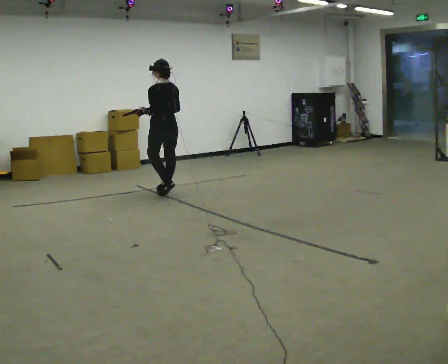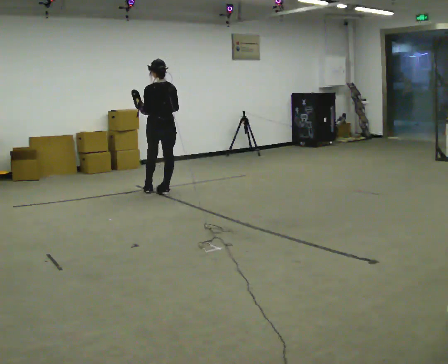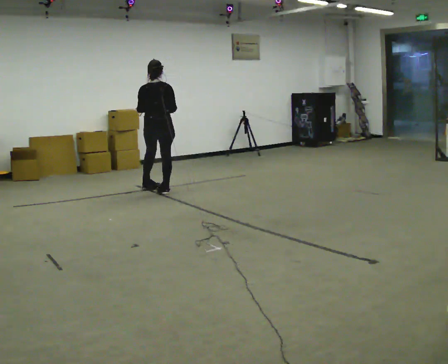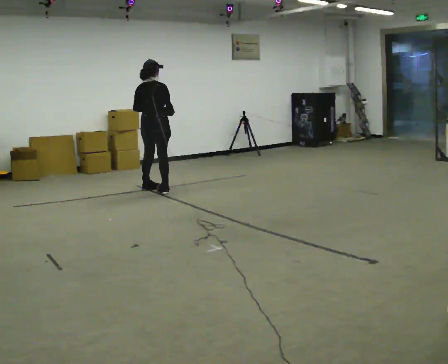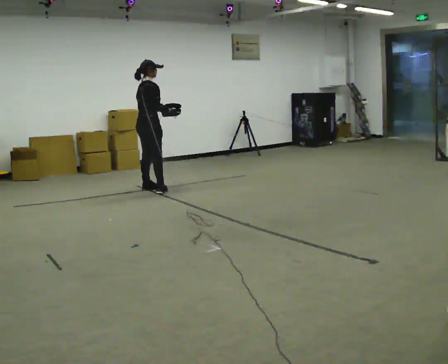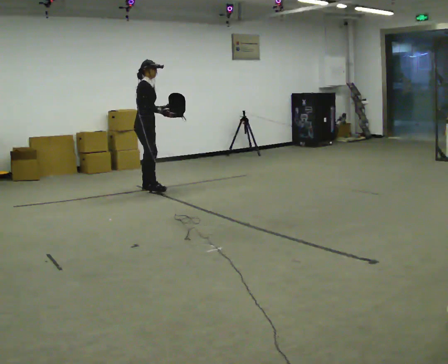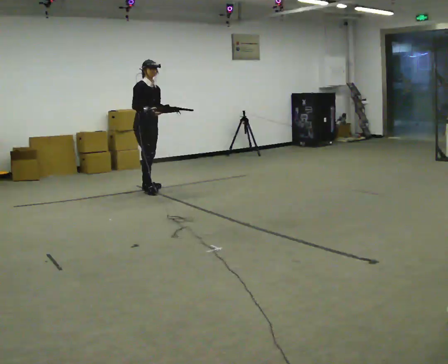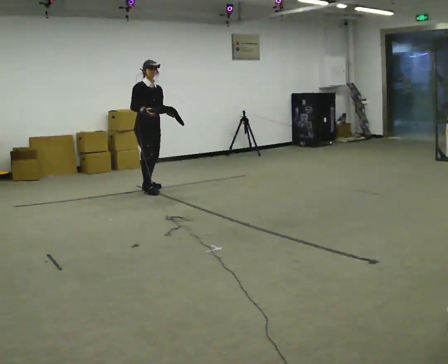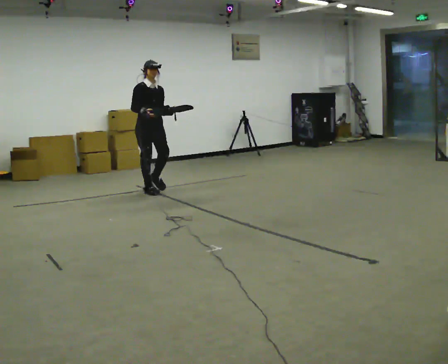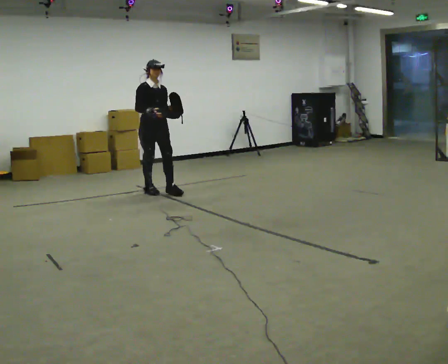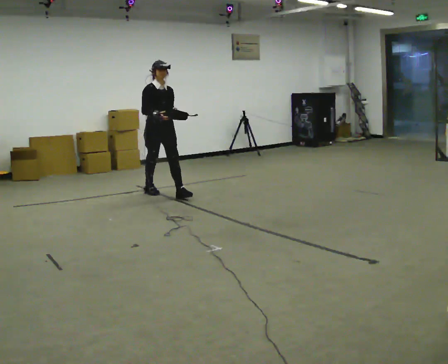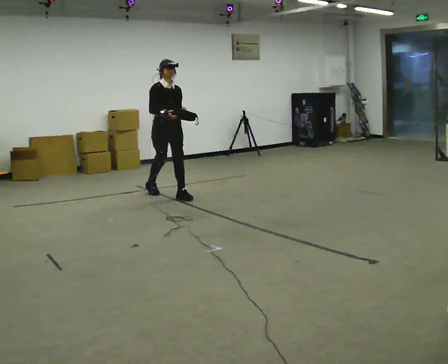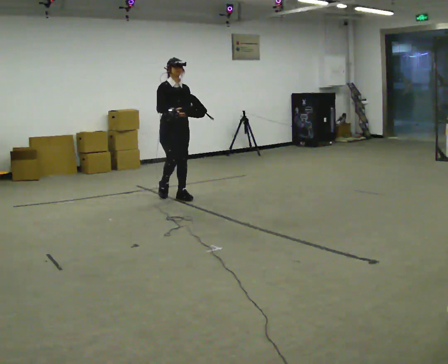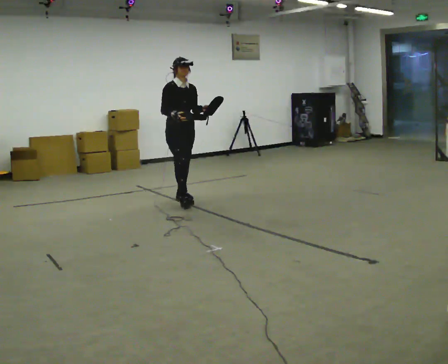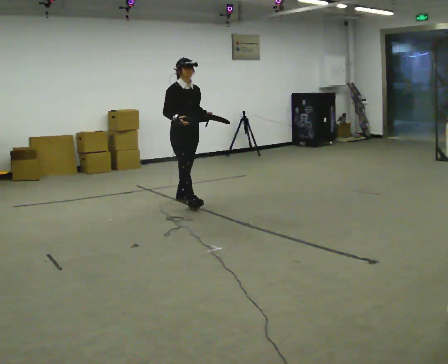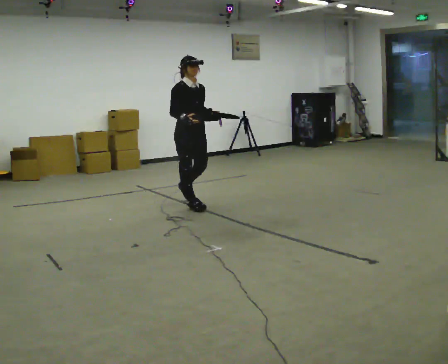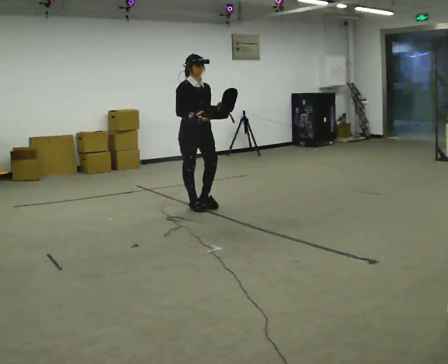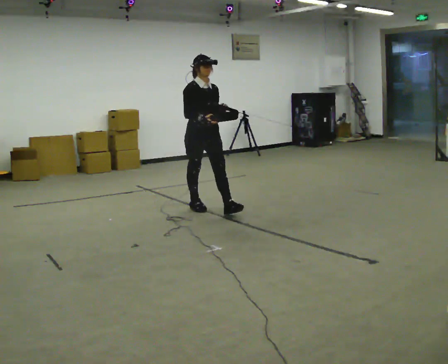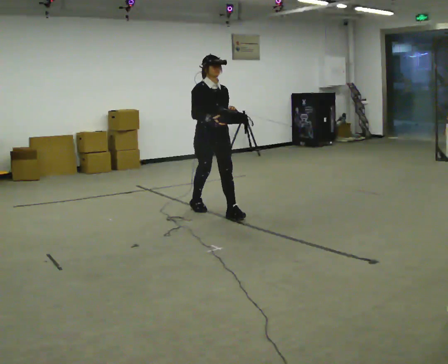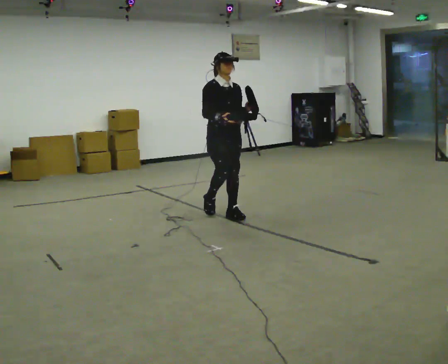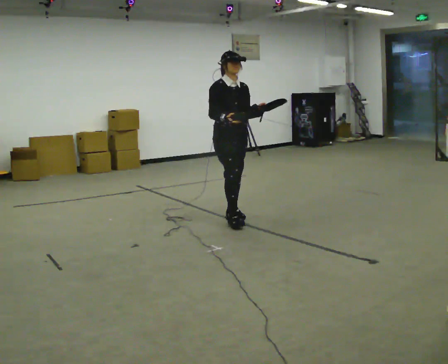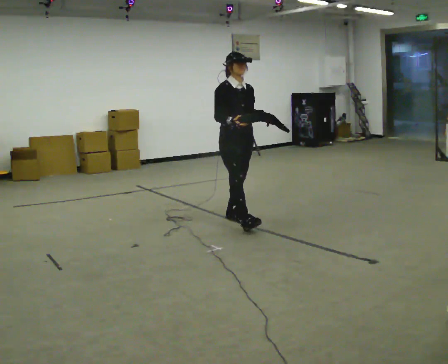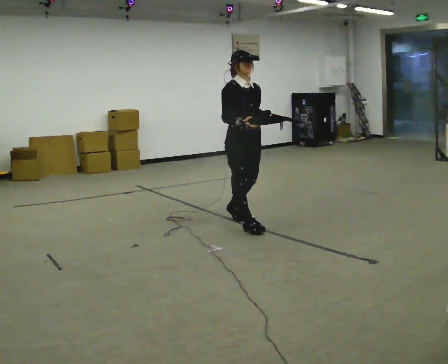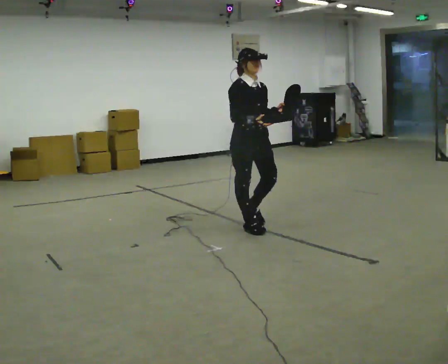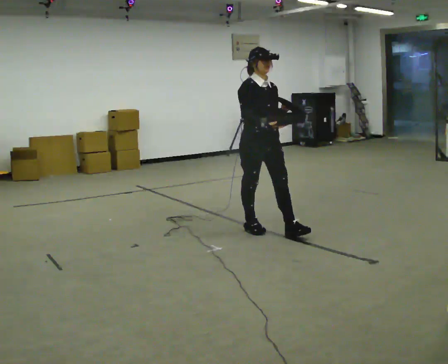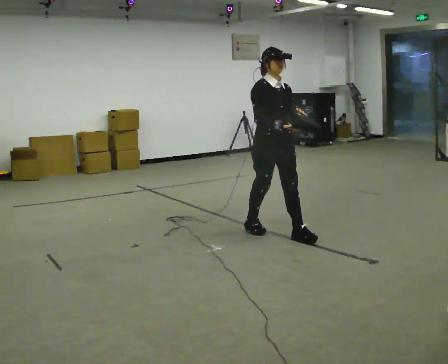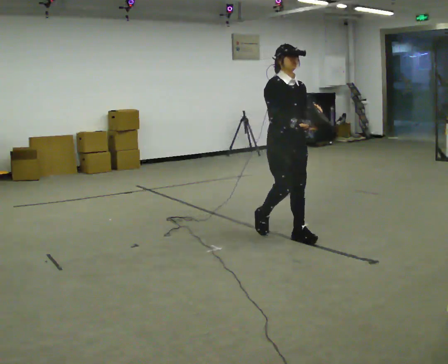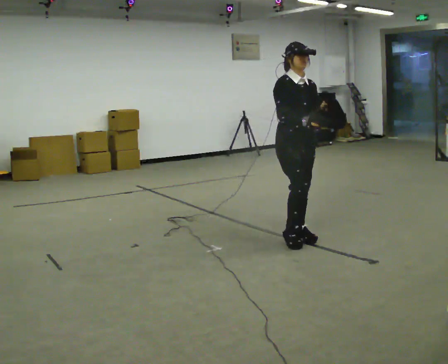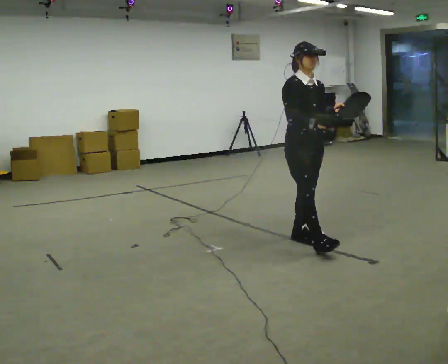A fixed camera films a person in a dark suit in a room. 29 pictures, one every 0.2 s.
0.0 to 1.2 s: The person turns about 165 degrees to their right, clockwise seen from above, so the part of the body nearest the lens slides to the left. In the picture they go to the left and away from the camera, about 0.25 m in 2 steps.
1.2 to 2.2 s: In the picture they go toward the camera and to the right, about 0.5 m in 1 step, which for them is forward.
2.2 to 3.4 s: In the picture they go toward the camera and to the right, about 1 m in 1 step, which for them is forward.
3.4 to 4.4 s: In the picture they go toward the camera and to the right, about 0.5 m in 2 steps, which for them is forward.
4.4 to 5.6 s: In the picture they go toward the camera and to the right, about 0.5 m in 1 step, which for them is forward.
The film runs forward here.
